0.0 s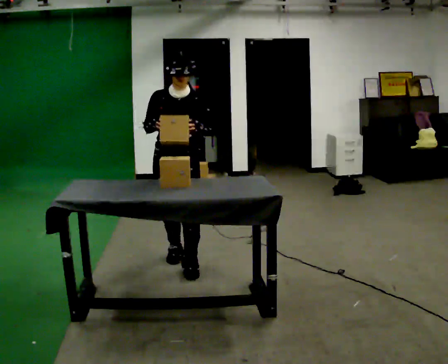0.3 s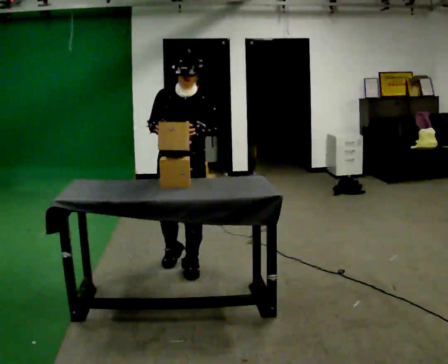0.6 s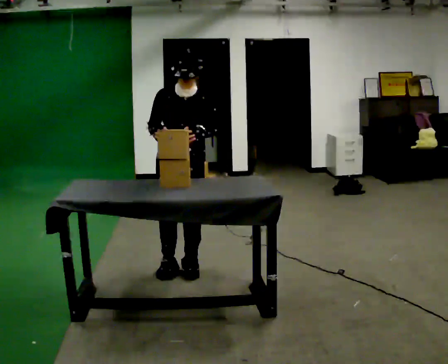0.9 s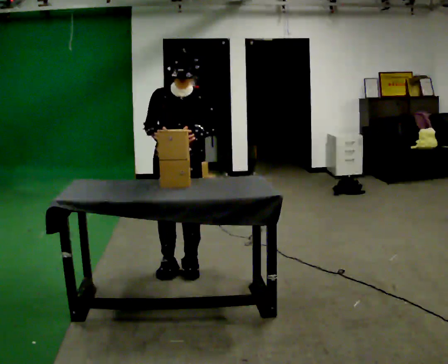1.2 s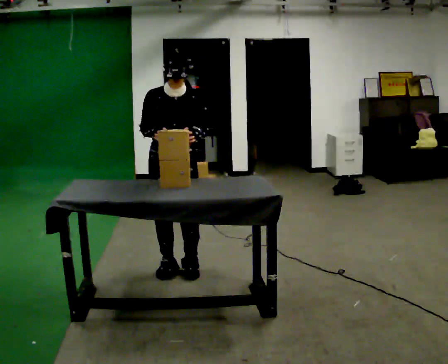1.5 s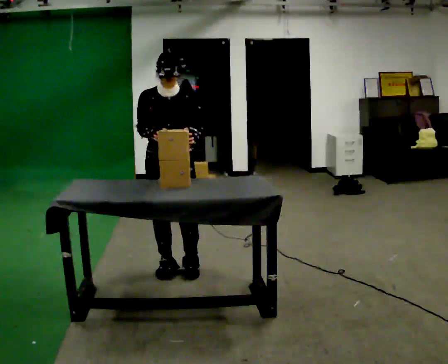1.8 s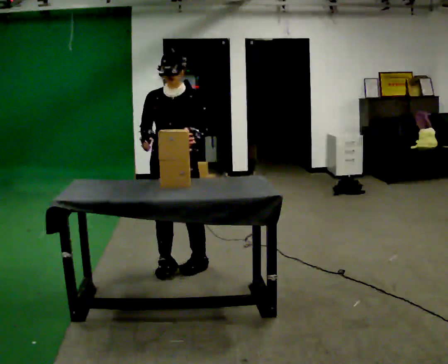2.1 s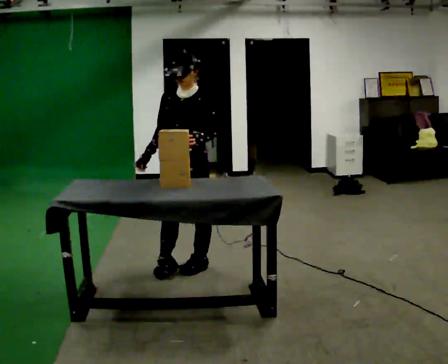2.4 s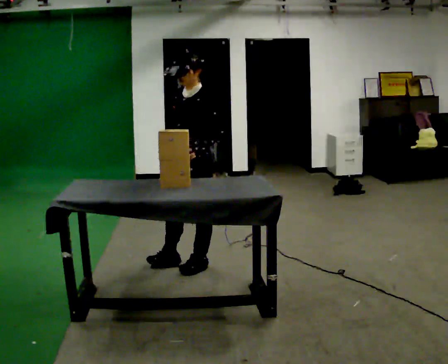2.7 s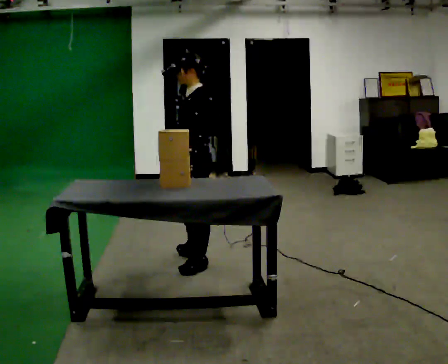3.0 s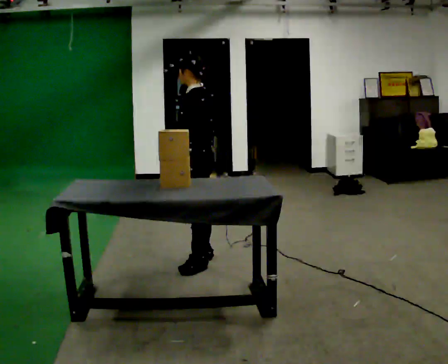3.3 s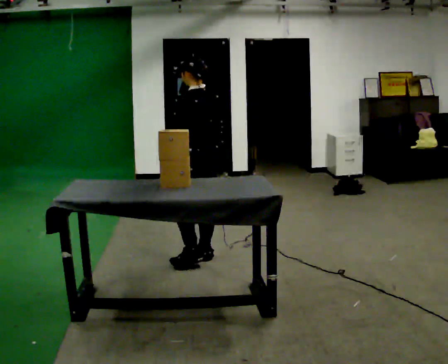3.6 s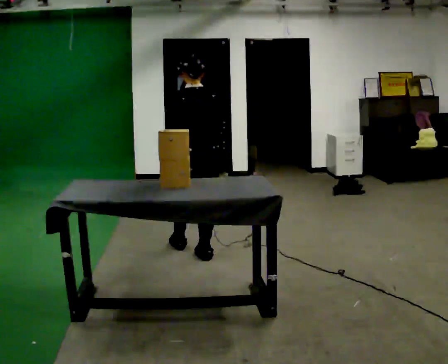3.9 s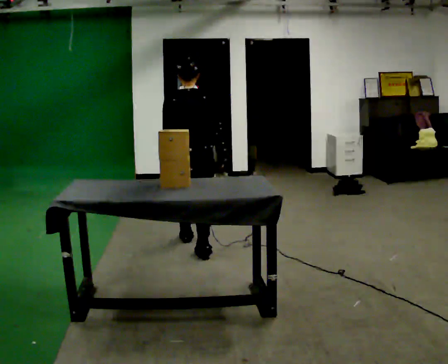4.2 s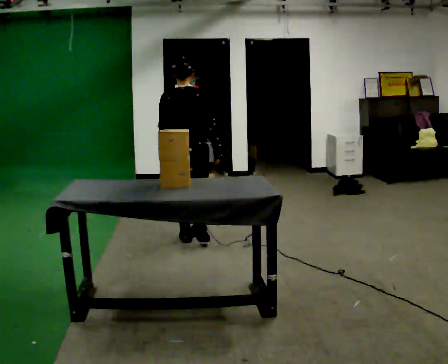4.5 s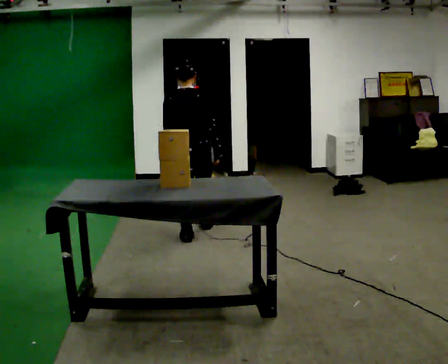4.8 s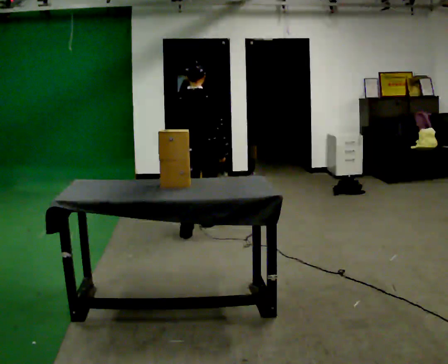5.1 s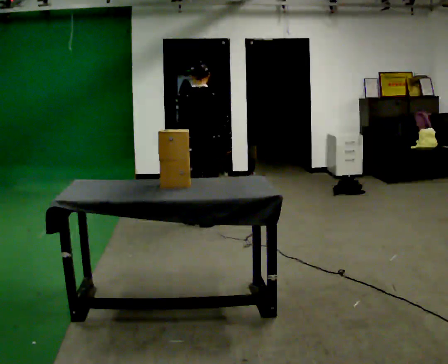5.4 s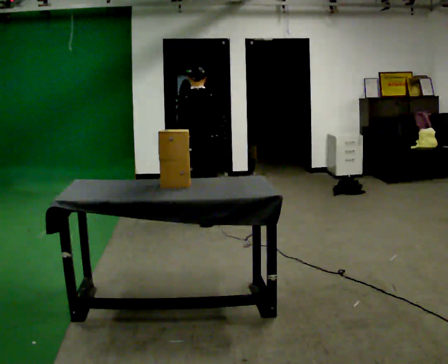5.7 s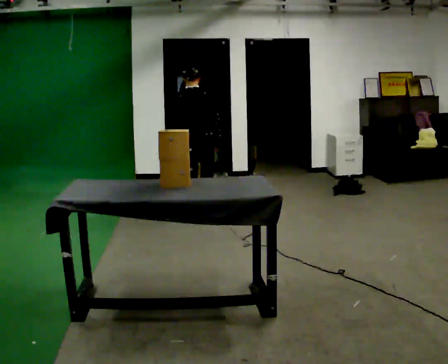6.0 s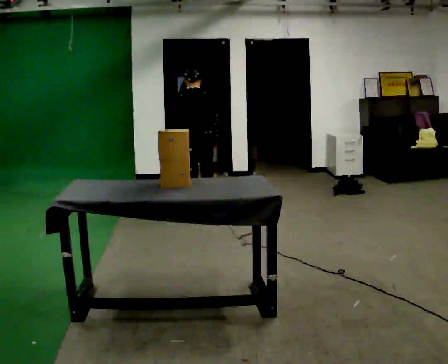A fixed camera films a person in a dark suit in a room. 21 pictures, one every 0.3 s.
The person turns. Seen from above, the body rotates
clockwise.
The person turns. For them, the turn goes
to their right.
0.0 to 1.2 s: The person moves a little, or ends about where they began.
1.2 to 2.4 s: Seen from above the body turns clockwise, about 60 degrees: to their right, with its near side sliding to the left. In the picture they go to the right, about 0.25 m.
2.4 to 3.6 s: Seen from above the body turns clockwise, about 120 degrees: to their right, with its near side sliding to the left. In the picture they go away from the camera, about 0.25 m in 1 step.
3.6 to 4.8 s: In the picture they go away from the camera, about 0.75 m in 2 steps, which for them is forward.
4.8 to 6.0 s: In the picture they go away from the camera, about 0.5 m in 1 step, which for them is forward.
The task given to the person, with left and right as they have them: Take an object out of the bin at knee height, carry it across the room, and place it on the chest-height shelf. Keep going until the operator says stop; one object at a time, and do not rush between trips.
The film runs forward here.
